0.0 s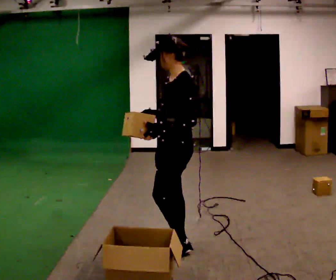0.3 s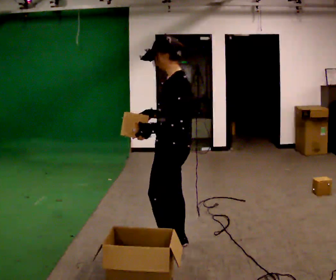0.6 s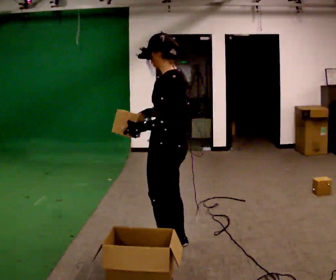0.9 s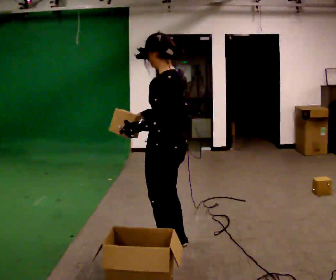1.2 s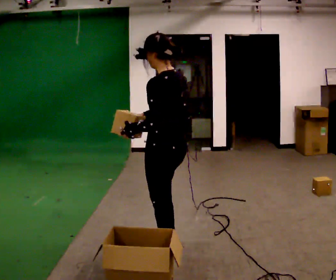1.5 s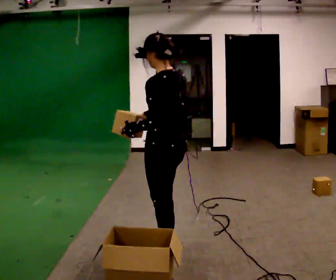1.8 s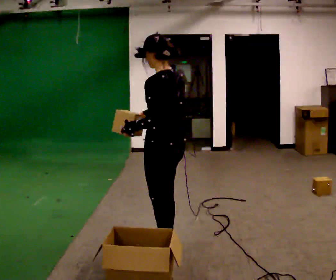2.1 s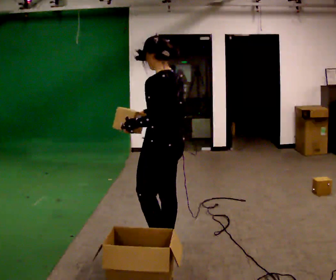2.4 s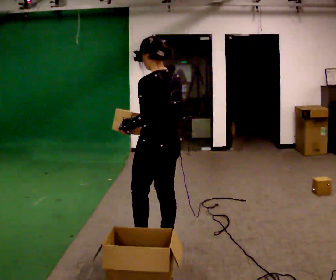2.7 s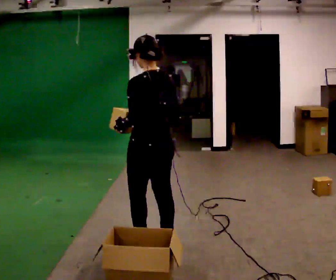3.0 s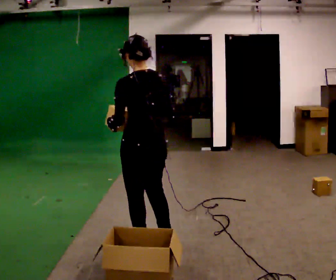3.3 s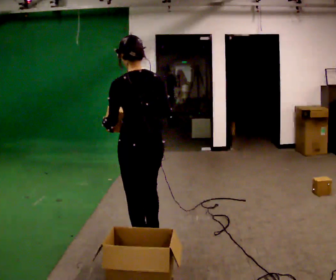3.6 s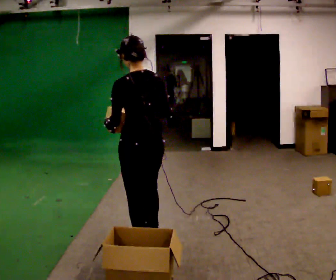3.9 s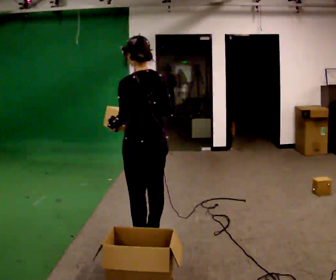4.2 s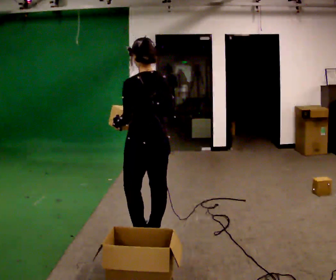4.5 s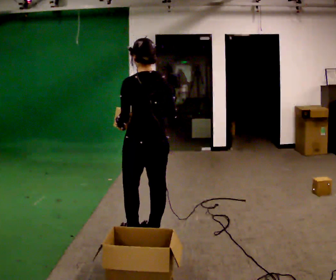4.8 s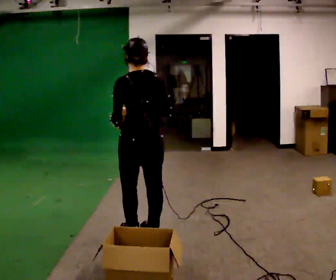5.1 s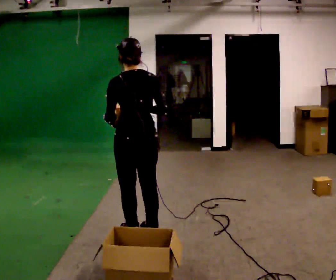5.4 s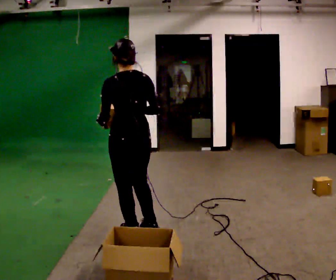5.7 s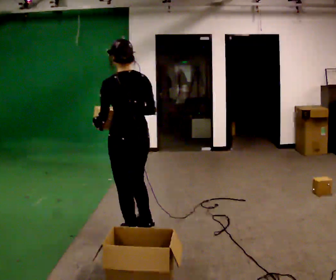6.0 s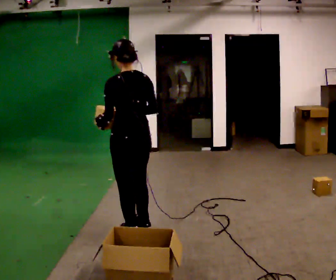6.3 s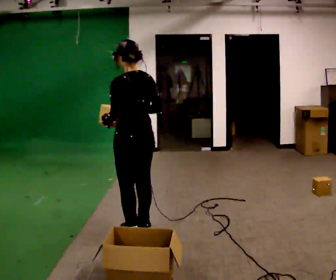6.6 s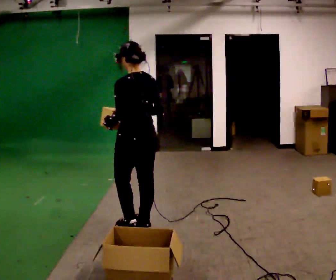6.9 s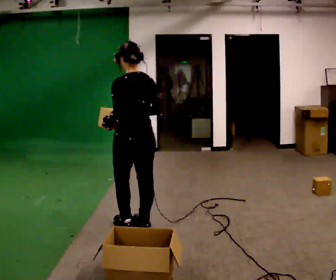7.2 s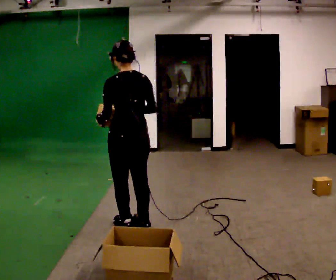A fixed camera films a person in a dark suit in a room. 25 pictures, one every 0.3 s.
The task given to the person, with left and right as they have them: Take the objects from the bin one at a time and put one in each of the places the operator points out. Keep going until the operator says stop; one object at a time, and do not rush between trips.
0.0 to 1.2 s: Seen from above the body turns clockwise, about 45 degrees: to their right, with its near side sliding to the left.
1.2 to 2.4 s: In the picture they go away from the camera, about 0.25 m in 1 step, which for them is forward.
2.4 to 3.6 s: The person moves a little, or ends about where they began.
3.6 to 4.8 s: In the picture they go away from the camera, about 0.25 m in 1 step, which for them is forward.
4.8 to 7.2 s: In the picture they go away from the camera, about 0.25 m in 2 steps, which for them is forward.
The film runs forward here.
